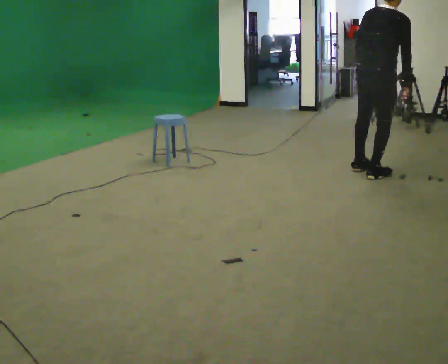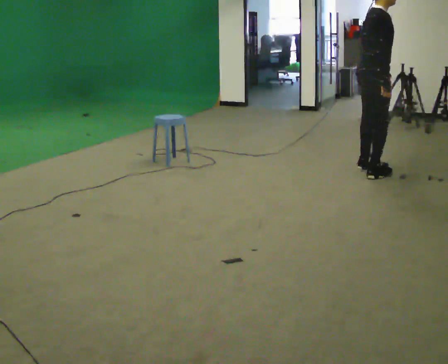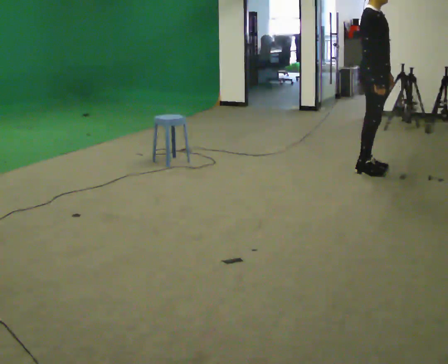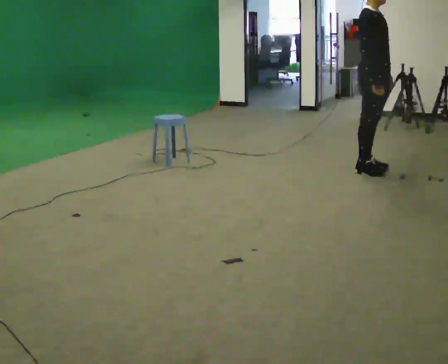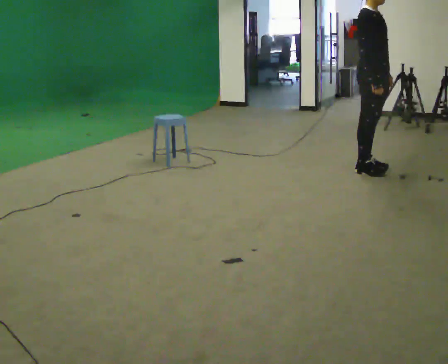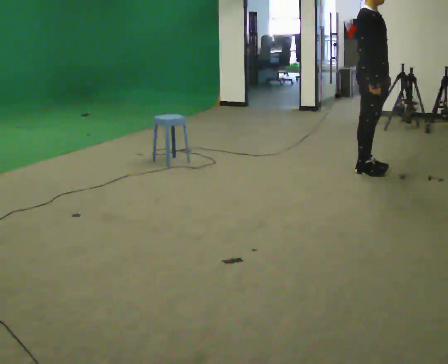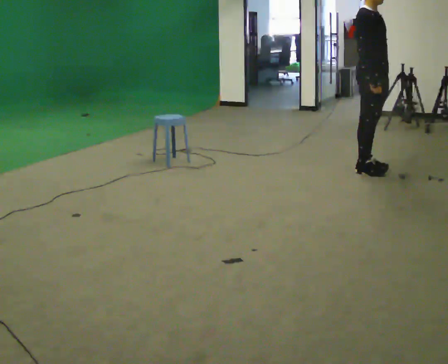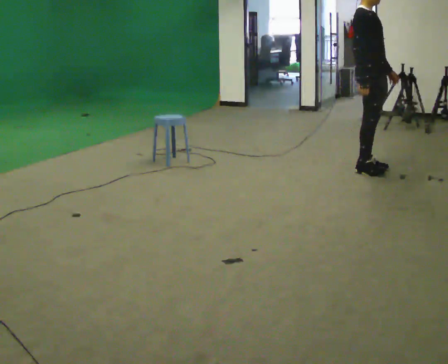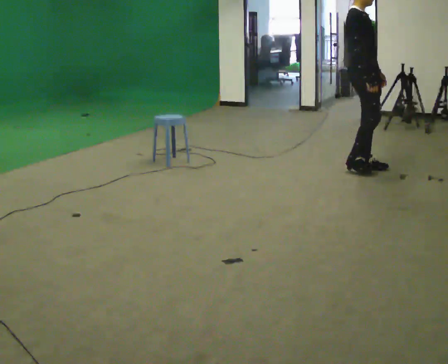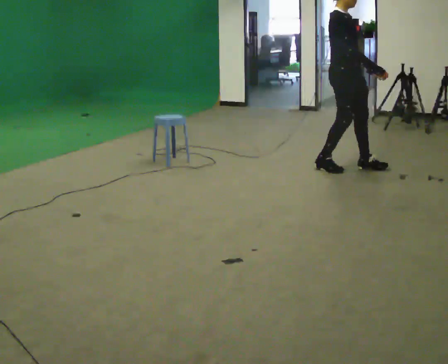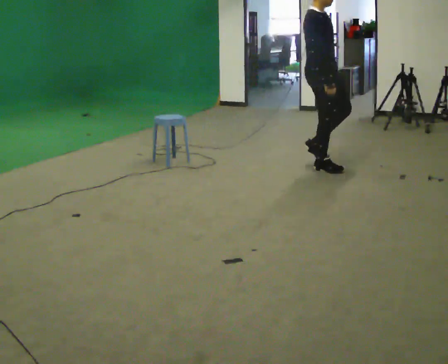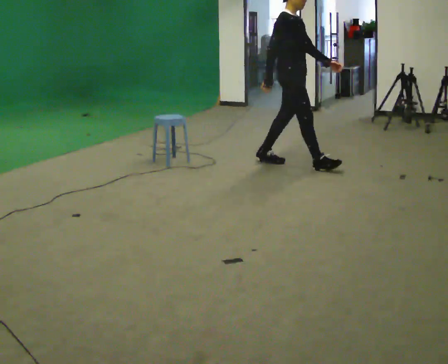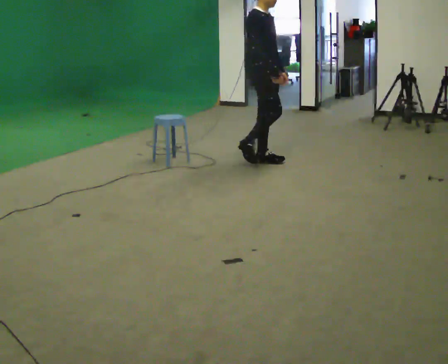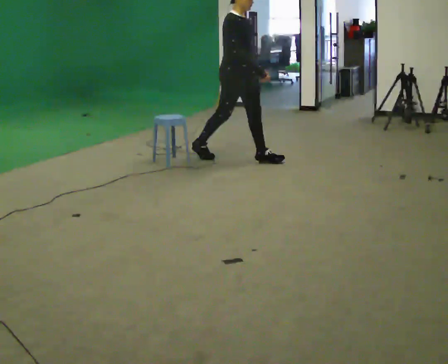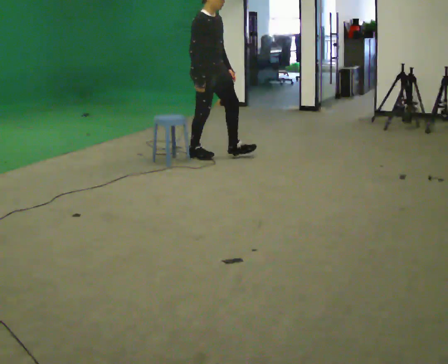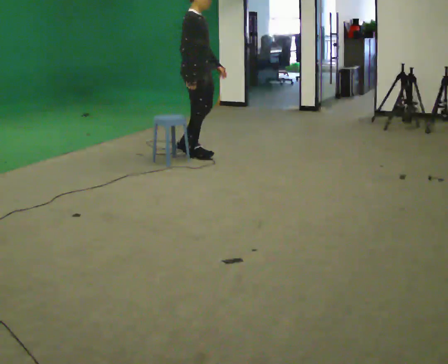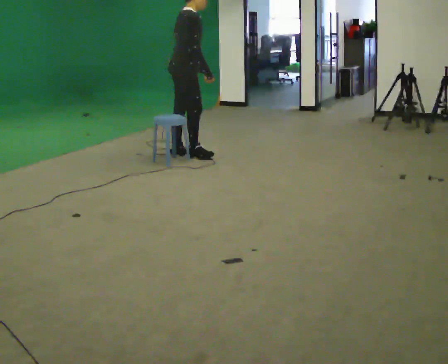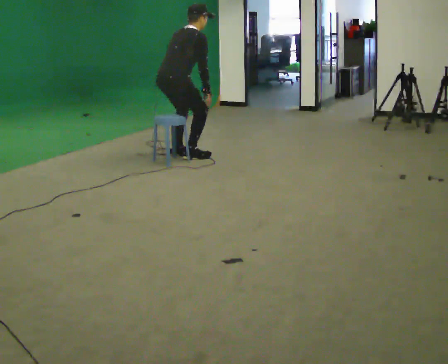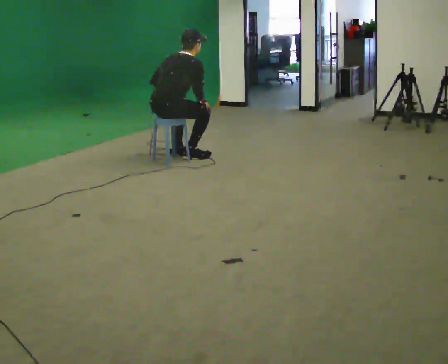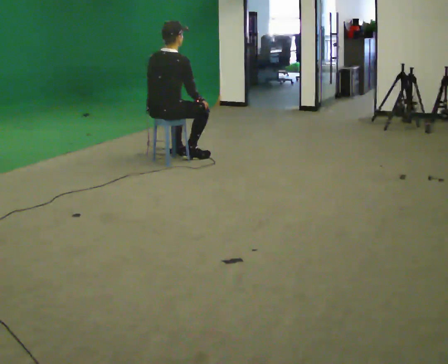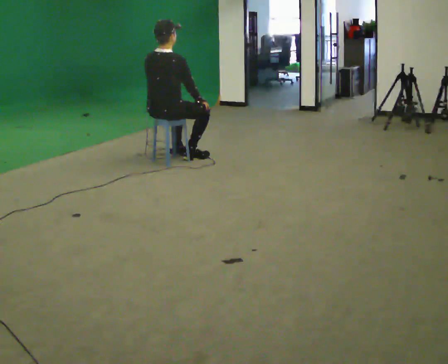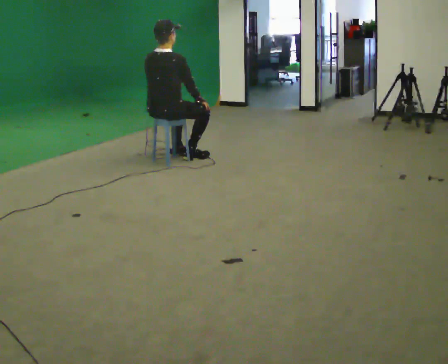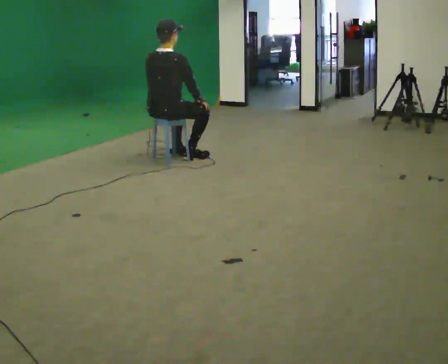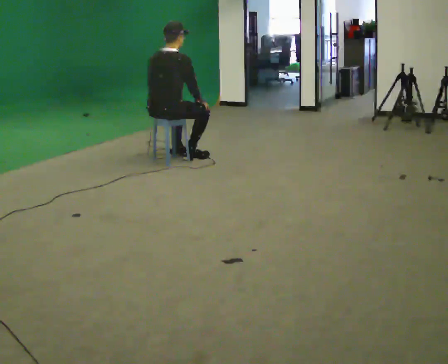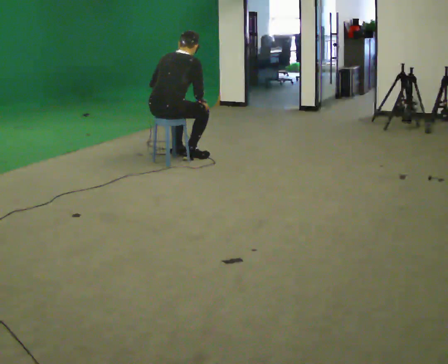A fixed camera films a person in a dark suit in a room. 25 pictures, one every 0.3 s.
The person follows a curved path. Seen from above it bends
counterclockwise.
The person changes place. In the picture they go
to the left.
0.0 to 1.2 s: Seen from above the body turns clockwise, about 75 degrees: to their right, with its near side sliding to the left. In the picture they go away from the camera, about 0.25 m in 1 step.
1.2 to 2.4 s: The person moves a little, or ends about where they began.
2.4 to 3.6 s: In the picture they go to the left, about 1 m in 2 steps, which for them is backward.
3.6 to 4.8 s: Seen from above the body turns counterclockwise, about 30 degrees: to their left, with its near side sliding to the right. In the picture they go to the left, about 1 m in 1 step, which for them is backward.
4.8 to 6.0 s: Seen from above the body turns counterclockwise, about 45 degrees: to their left, with its near side sliding to the right. In the picture they go toward the camera and to the left, about 0.25 m, which for them is backward. The shoulders move downward.
6.0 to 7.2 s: The upper body tips away from the camera, its near side rolling upward, as they bend forward.
The film runs backward here.
